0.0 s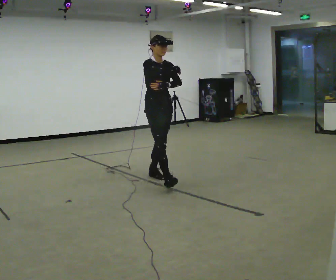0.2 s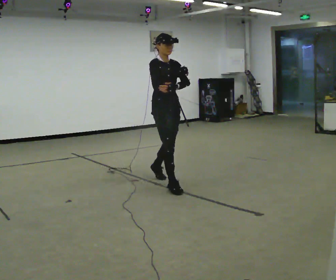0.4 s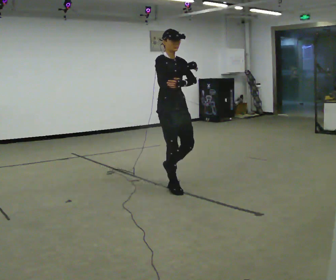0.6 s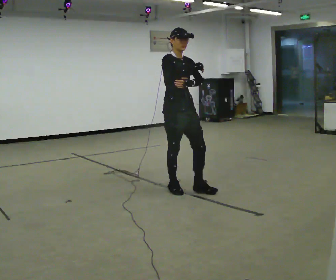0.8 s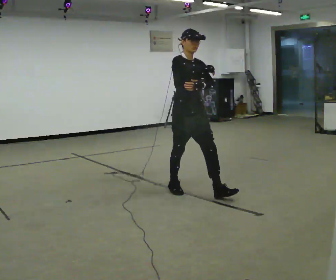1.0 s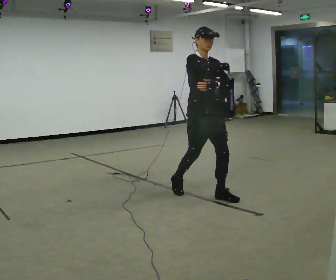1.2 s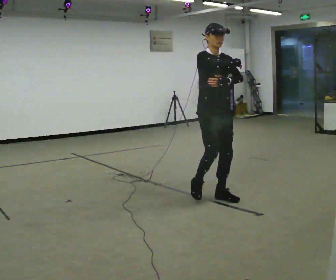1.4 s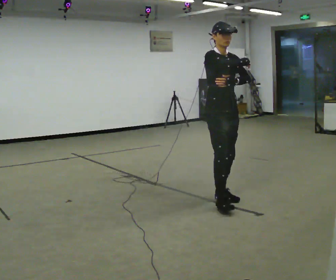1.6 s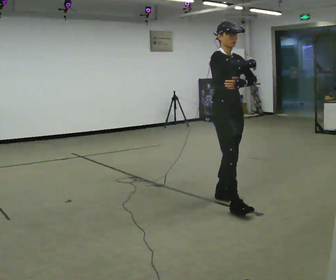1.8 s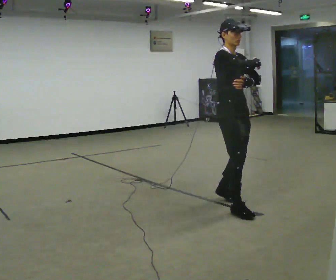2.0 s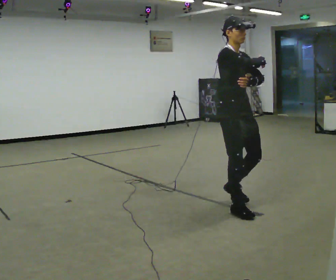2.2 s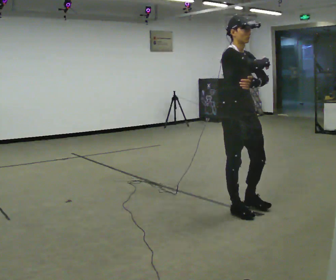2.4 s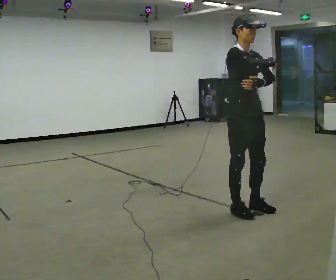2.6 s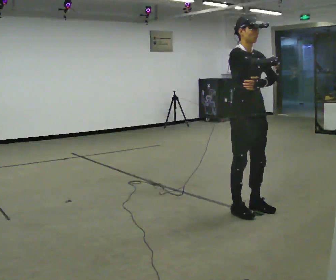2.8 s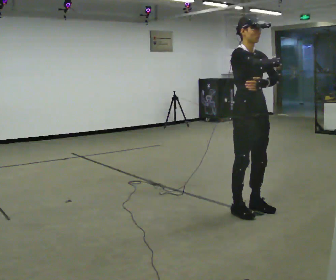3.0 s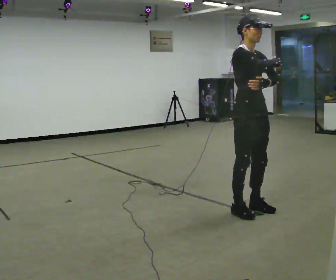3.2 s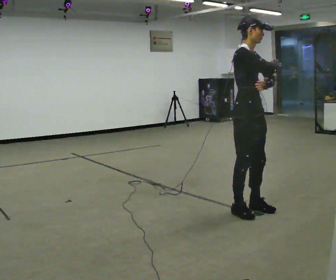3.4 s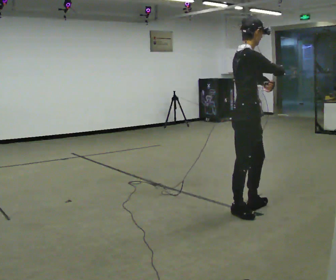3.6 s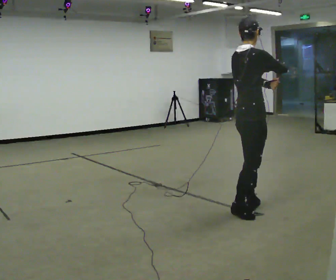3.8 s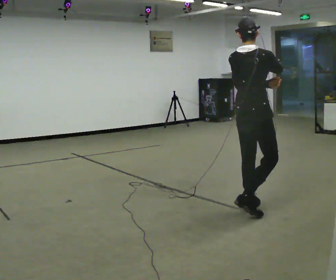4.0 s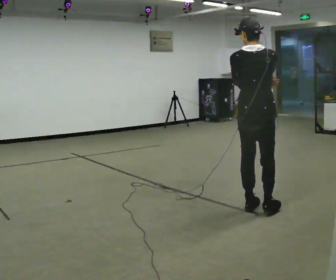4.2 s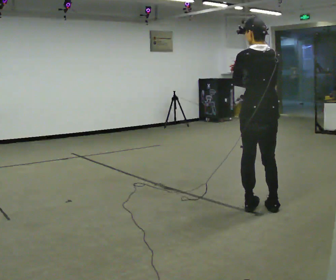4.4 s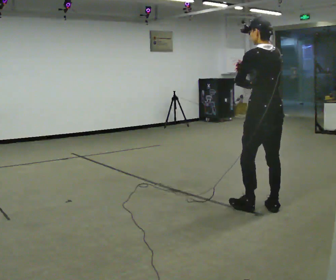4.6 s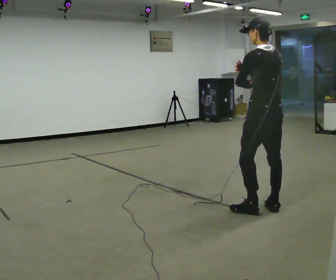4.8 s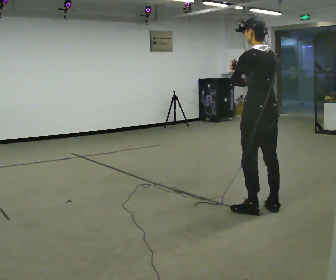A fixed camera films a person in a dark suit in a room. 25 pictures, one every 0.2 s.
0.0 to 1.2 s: In the picture they go toward the camera and to the right, about 1 m in 2 steps, which for them is forward.
1.2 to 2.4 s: In the picture they go toward the camera and to the right, about 0.5 m in 2 steps, which for them is forward and to their right.
2.4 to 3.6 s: The part of the body nearest the lens slides to the right as the person turns to their left by about 75 degrees.
3.6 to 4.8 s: The part of the body nearest the lens slides to the right as the person turns to their left by about 105 degrees. In the picture they go to the right, about 0.25 m in 1 step. In the picture their right hand goes to the left.
The film runs forward here.
